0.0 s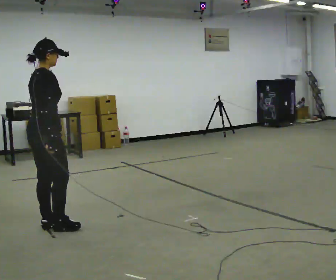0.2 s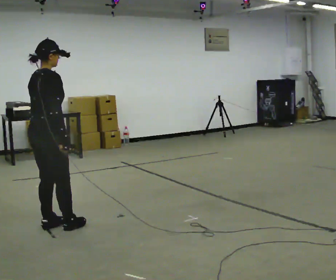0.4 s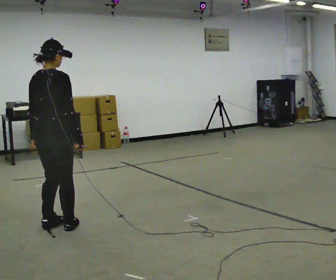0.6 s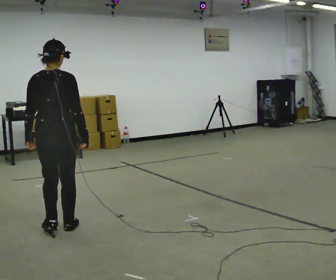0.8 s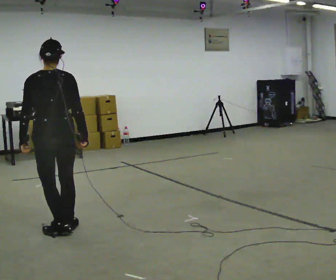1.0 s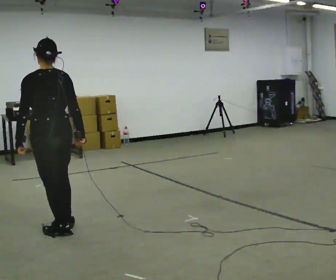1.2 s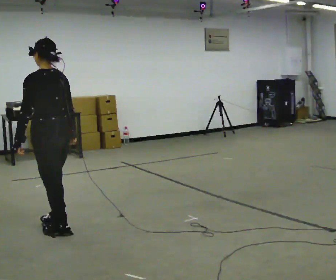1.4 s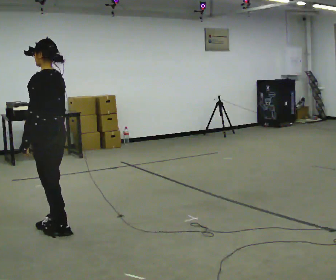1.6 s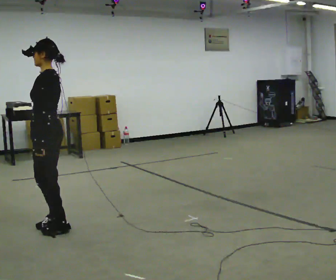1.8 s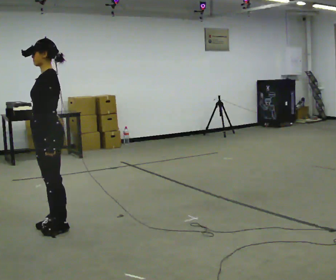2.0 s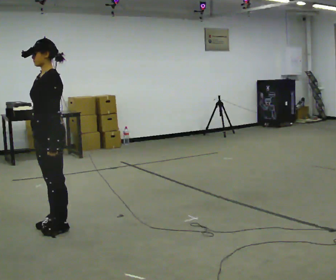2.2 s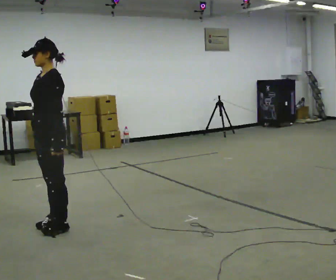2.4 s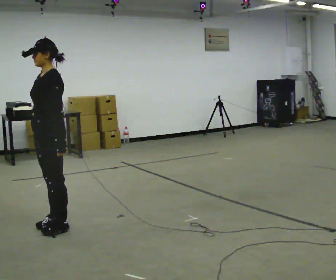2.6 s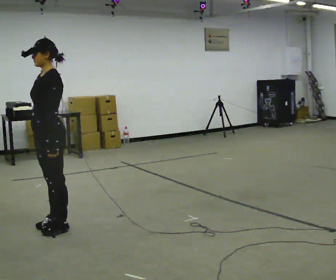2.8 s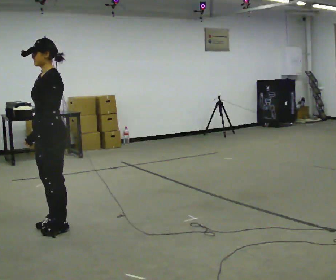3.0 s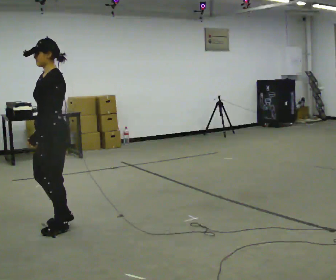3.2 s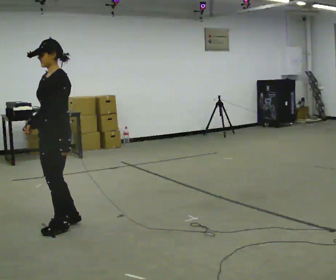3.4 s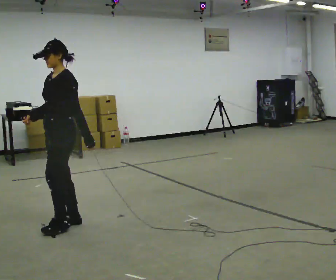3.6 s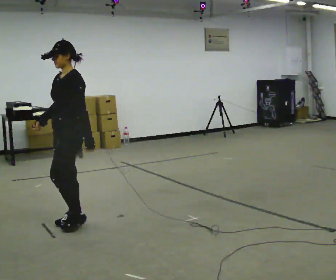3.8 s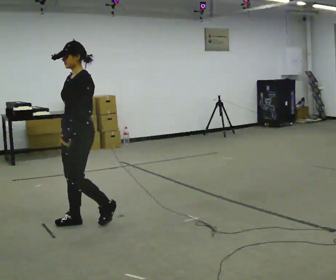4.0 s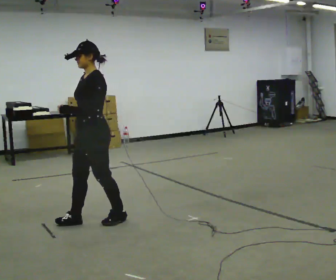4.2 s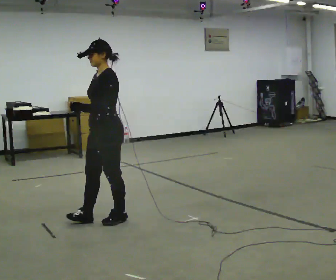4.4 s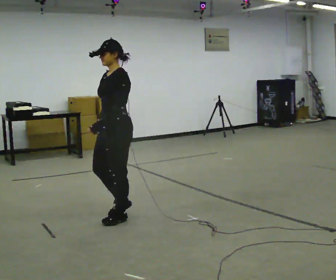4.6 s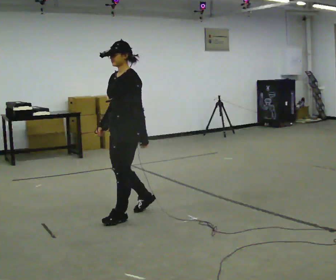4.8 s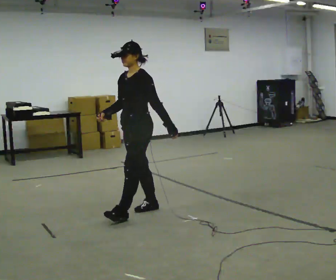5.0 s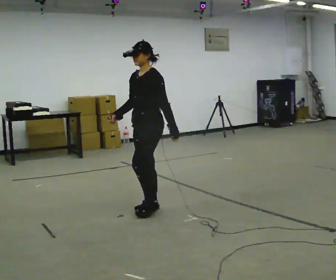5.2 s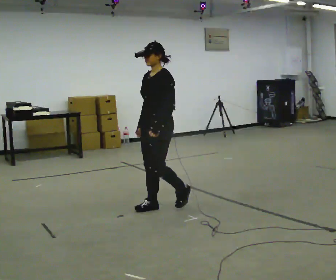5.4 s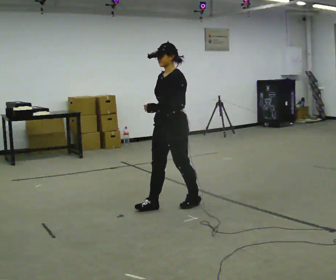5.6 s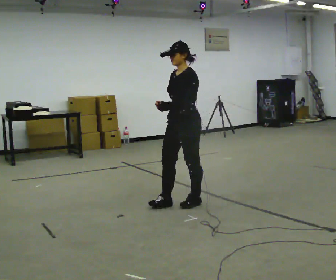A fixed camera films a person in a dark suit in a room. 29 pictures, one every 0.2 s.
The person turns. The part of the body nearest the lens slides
to the right.
The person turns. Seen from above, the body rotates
counterclockwise.
0.0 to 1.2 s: Seen from above the body turns counterclockwise, about 120 degrees: to their left, with its near side sliding to the right.
1.2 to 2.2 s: The part of the body nearest the lens slides to the right as the person turns to their left by about 60 degrees. In the picture their left hand goes to the right.
2.2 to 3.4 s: The person moves a little, or ends about where they began.
3.4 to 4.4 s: In the picture they go to the right, about 0.5 m in 2 steps, which for them is backward.
4.4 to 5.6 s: In the picture they go to the right, about 0.5 m in 2 steps, which for them is backward.
The film runs backward here.
